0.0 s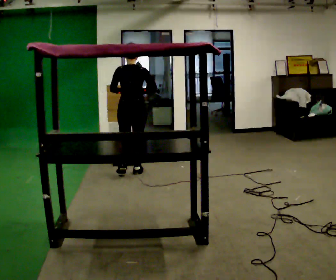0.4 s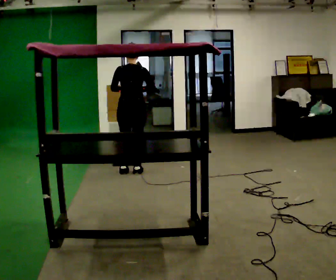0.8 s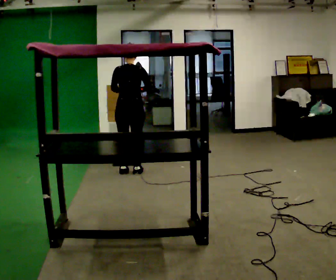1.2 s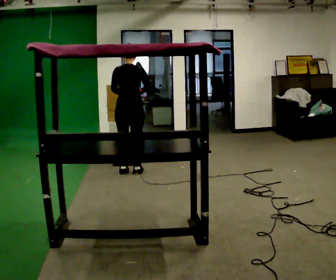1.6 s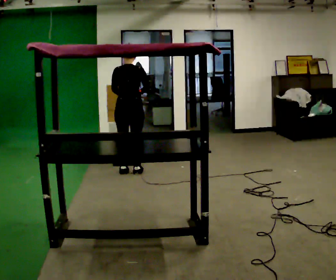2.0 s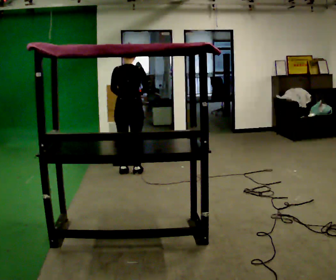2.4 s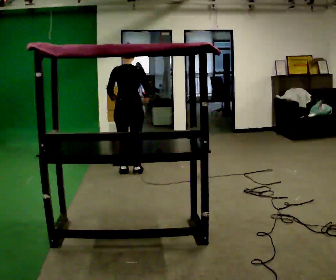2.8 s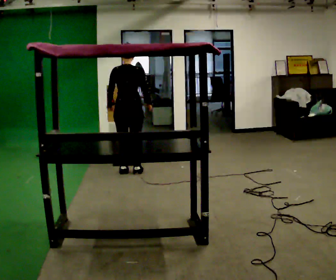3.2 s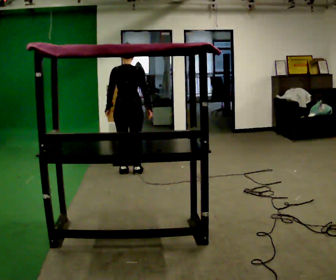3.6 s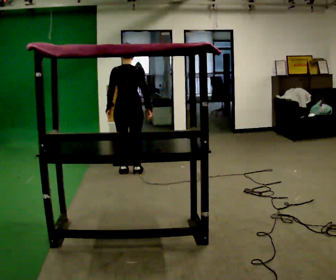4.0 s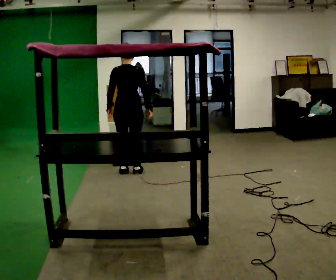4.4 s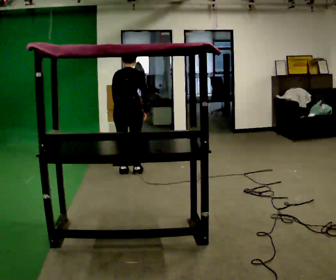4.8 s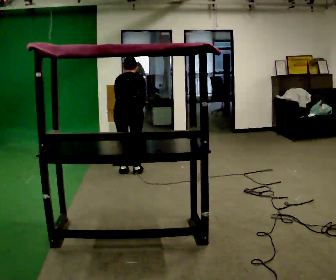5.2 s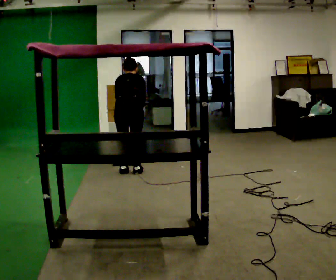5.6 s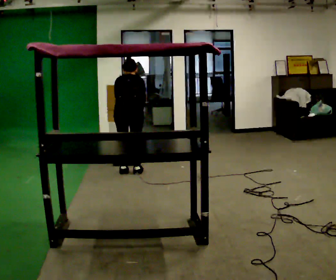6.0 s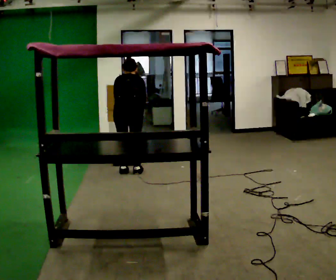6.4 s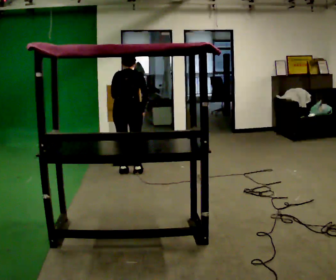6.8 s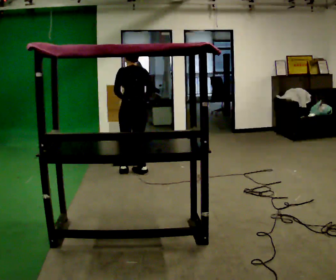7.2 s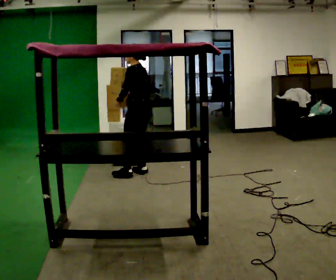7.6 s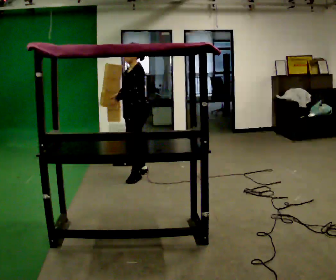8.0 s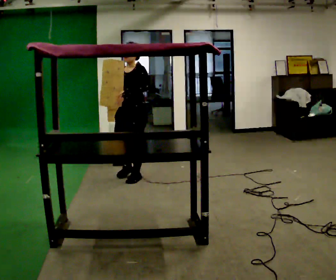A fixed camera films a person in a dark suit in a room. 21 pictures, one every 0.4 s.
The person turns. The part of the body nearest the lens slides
to the right.
The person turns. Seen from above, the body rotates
counterclockwise.
0.0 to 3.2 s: The person moves a little, or ends about where they began.
3.2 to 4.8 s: The upper body tips away from the camera, its near side rolling upward, as they bend forward.
4.8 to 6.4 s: The person moves a little, or ends about where they began.
6.4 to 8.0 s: The person turns about 150 degrees to their left, counterclockwise seen from above, so the part of the body nearest the lens slides to the right. In the picture they go toward the camera, about 0.25 m in 1 step. The upper body tips toward the camera, its near side rolling downward, as they lean back or straighten.
The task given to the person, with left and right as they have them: Take an object down from the highest shelf you can comfortably reach, carry it across, and place it on the waist-height shelf. Keep going until the operator says stop; one object at a time, and do not rush between trips.
The film runs forward here.
